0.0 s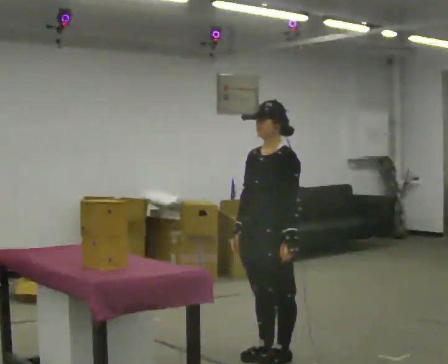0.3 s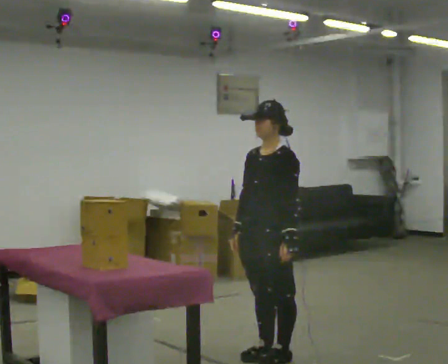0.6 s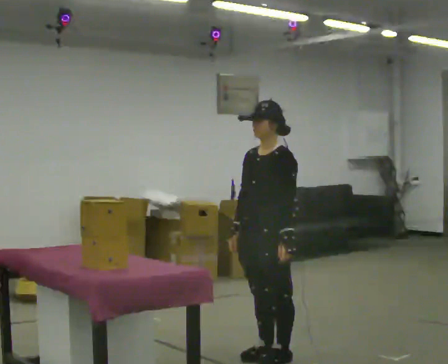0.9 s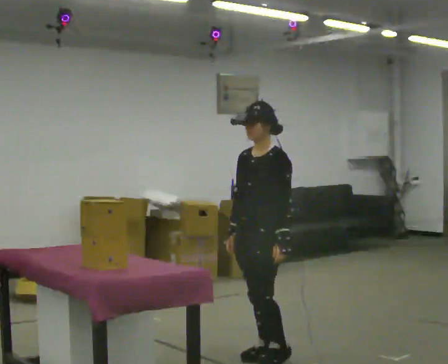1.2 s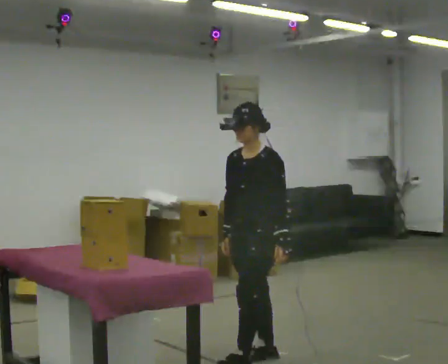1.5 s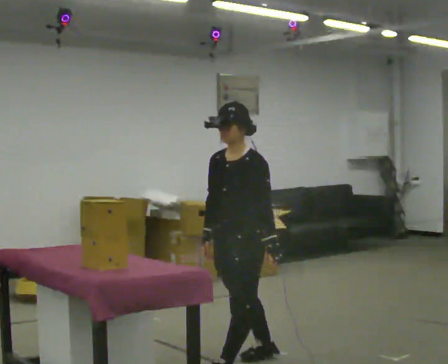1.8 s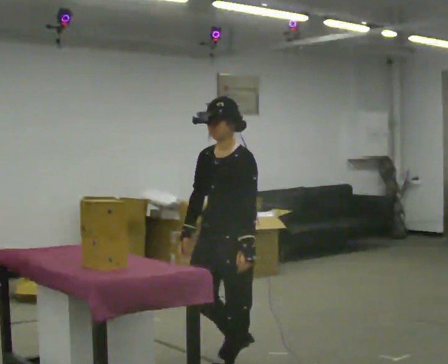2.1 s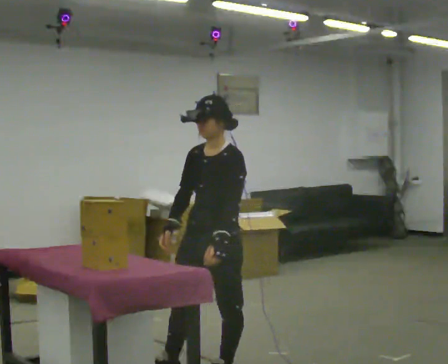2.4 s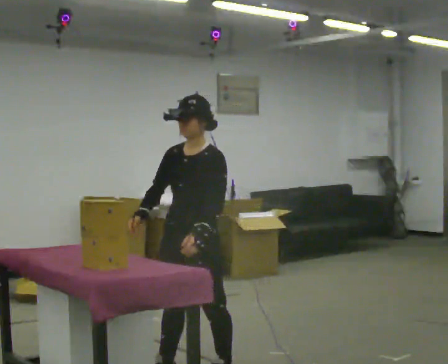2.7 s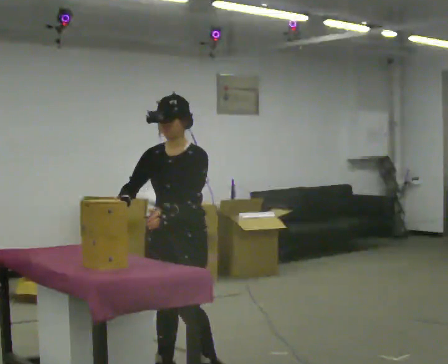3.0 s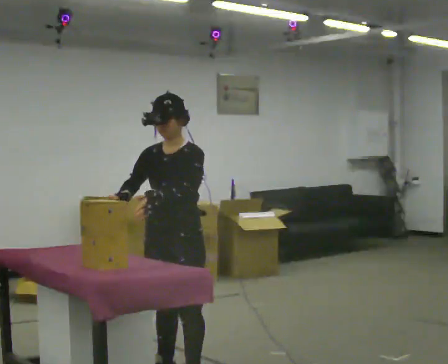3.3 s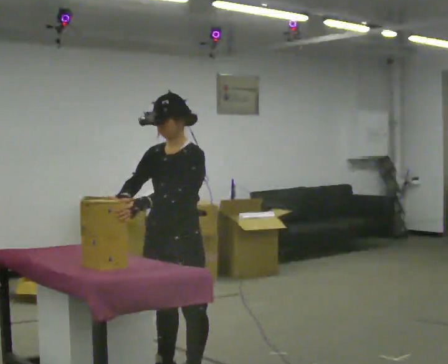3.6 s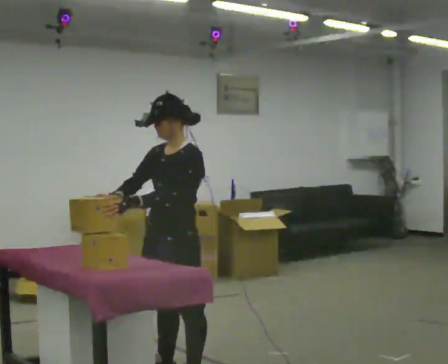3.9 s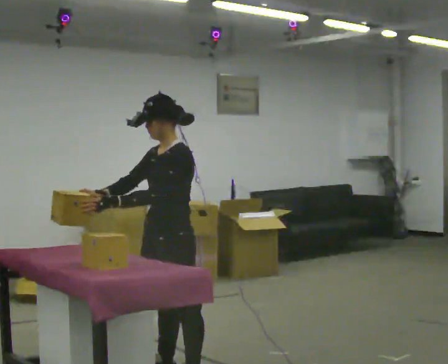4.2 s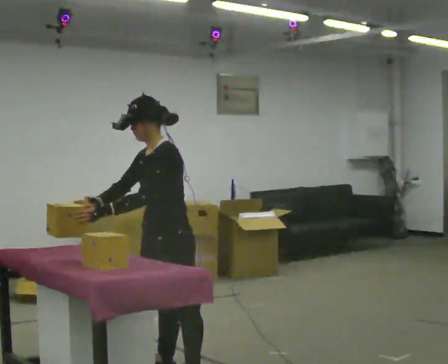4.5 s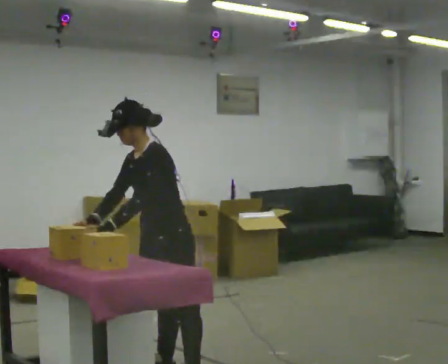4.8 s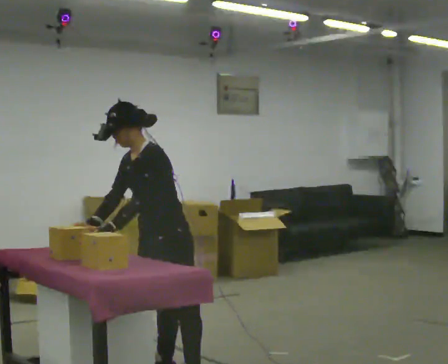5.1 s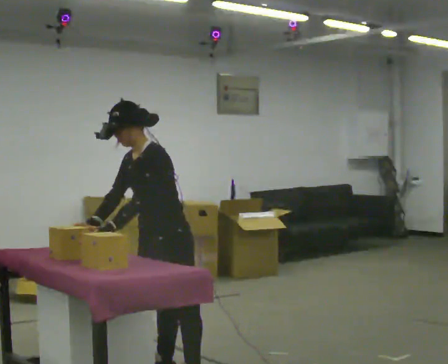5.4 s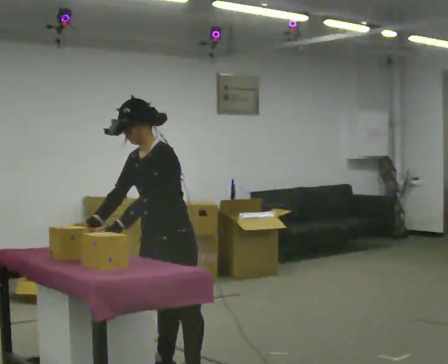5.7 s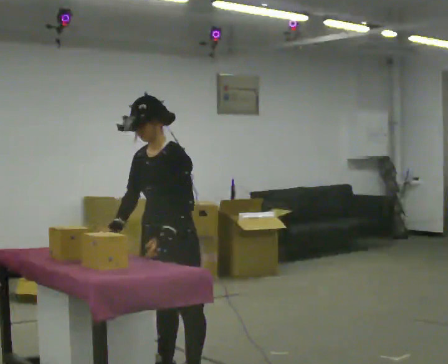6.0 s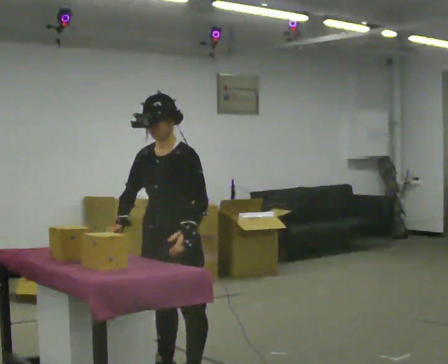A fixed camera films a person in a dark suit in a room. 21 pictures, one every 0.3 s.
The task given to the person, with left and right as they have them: Lift the heavy object with both hands and set it down again in a different spot on the same surface. Repeat at your own pace until the operator says stop. Keep both feet on the marked spots for the whole take. If you have to step, stop and tell the operator.
0.0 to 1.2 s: The person moves a little, or ends about where they began.
1.2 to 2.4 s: In the picture they go to the left and toward the camera, about 0.5 m in 2 steps, which for them is forward.
2.4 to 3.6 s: In the picture their left hand goes to the left.
3.6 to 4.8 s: In the picture the upper body tilts counterclockwise, shoulders to the left, as they bend forward.
4.8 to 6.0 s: In the picture the upper body tilts clockwise, shoulders to the right. In the picture their left hand goes to the right.
The film runs forward here.
